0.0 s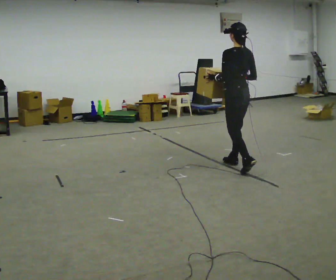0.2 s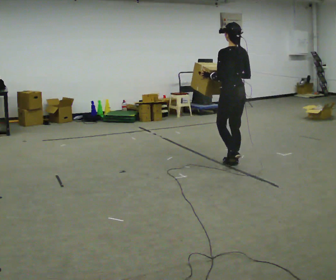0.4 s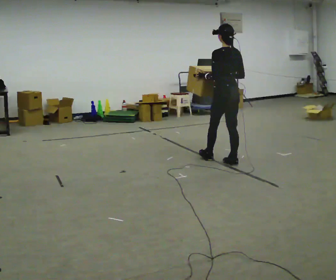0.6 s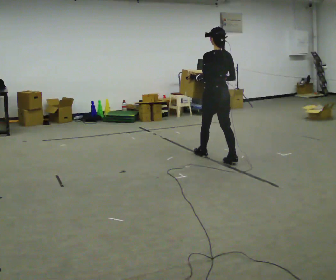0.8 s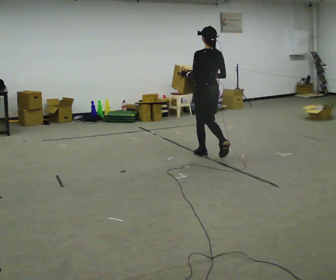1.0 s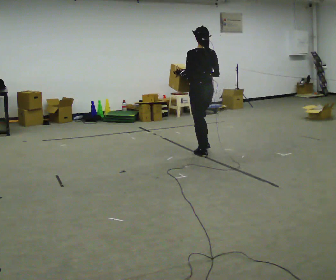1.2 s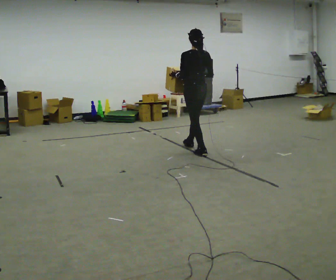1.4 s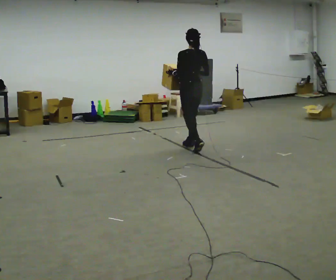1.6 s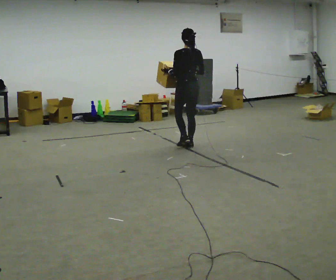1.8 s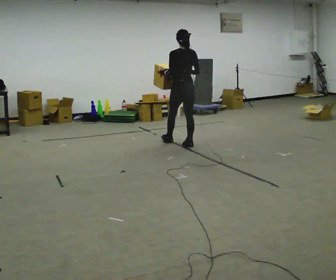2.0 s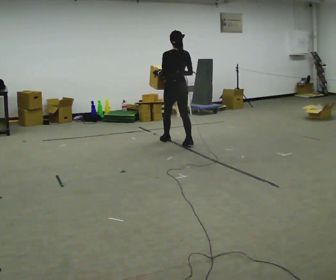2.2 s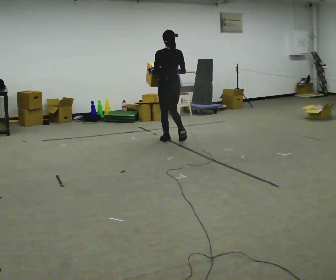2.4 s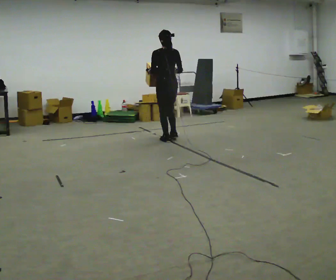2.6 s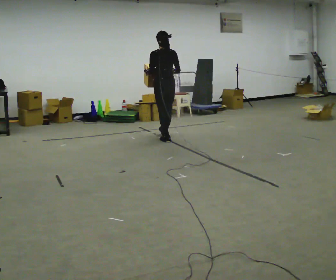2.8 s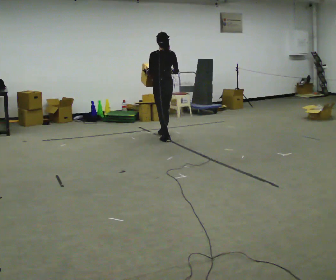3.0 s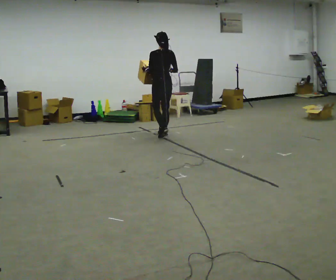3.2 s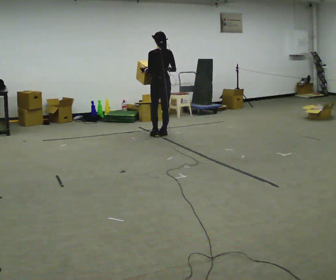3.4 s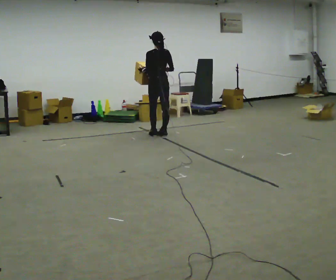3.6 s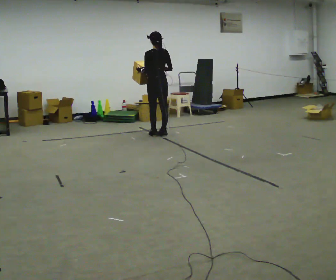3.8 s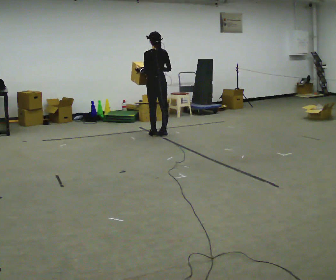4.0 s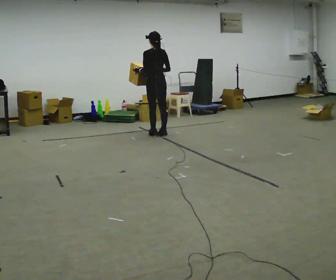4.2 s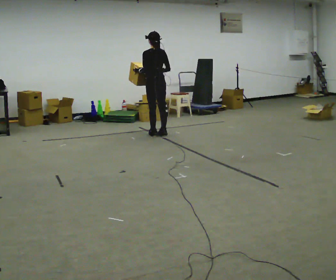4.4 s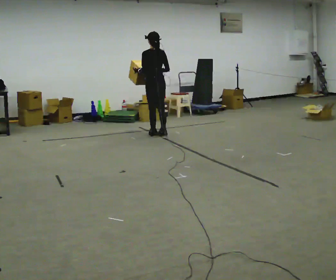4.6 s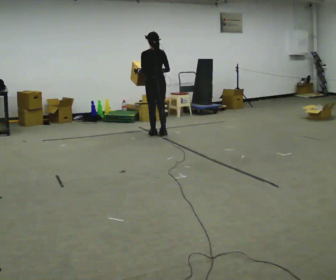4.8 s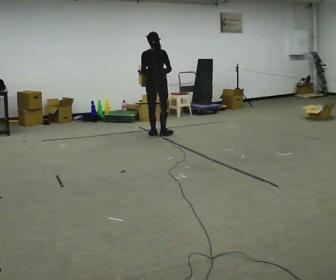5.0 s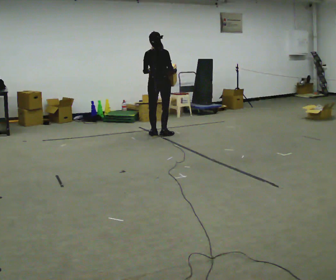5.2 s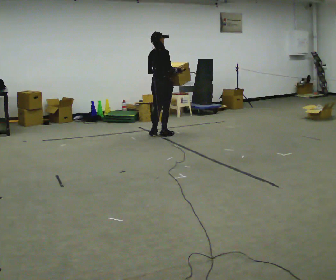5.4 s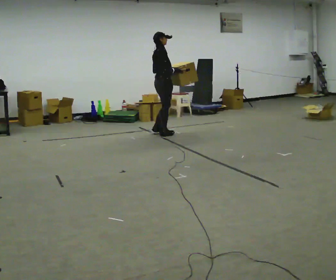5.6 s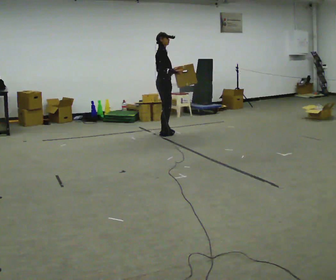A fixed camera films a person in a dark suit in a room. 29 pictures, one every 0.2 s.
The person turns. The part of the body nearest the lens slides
to the left.
The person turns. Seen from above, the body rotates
clockwise.
0.0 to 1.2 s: In the picture they go away from the camera and to the left, about 1 m in 2 steps, which for them is forward.
1.2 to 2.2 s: In the picture they go away from the camera and to the left, about 0.75 m in 1 step, which for them is forward.
2.2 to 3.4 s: In the picture they go away from the camera and to the left, about 0.5 m in 2 steps, which for them is forward.
3.4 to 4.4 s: The person moves a little, or ends about where they began.
4.4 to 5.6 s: The part of the body nearest the lens slides to the left as the person turns to their right by about 135 degrees.
The film runs forward here.
